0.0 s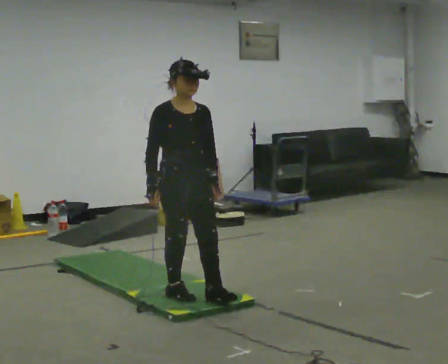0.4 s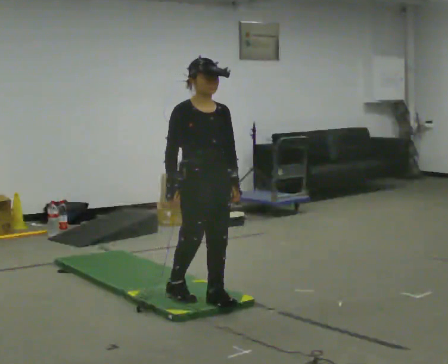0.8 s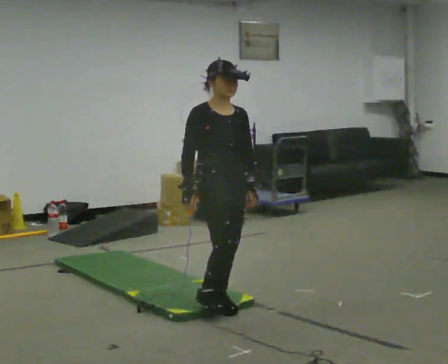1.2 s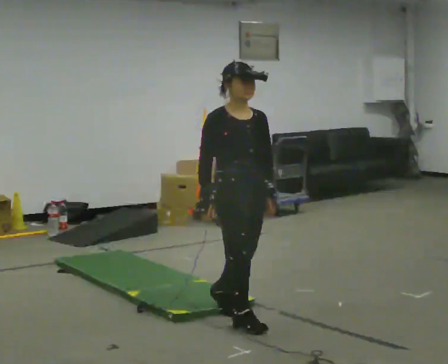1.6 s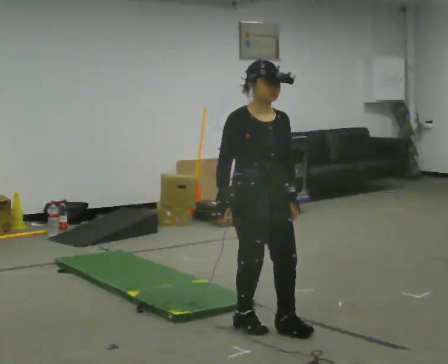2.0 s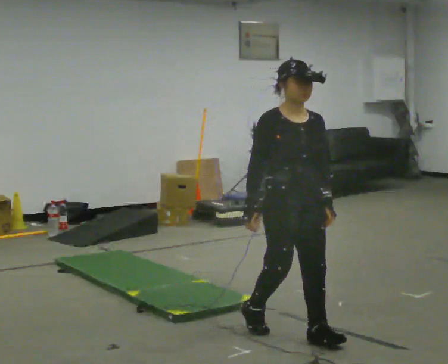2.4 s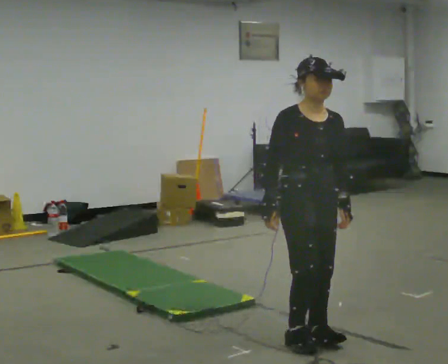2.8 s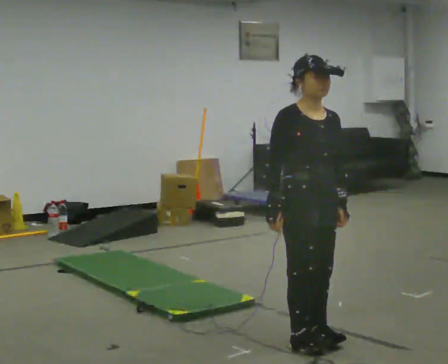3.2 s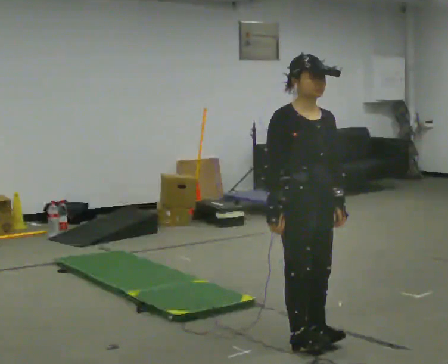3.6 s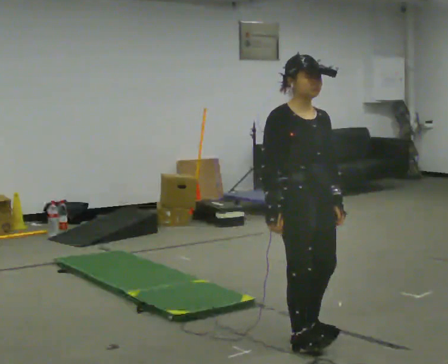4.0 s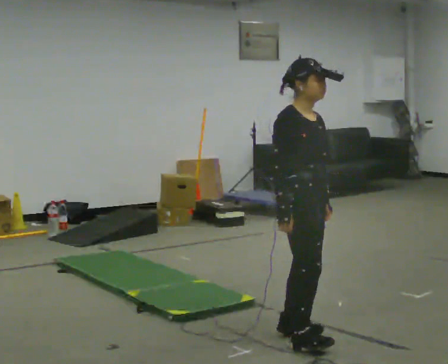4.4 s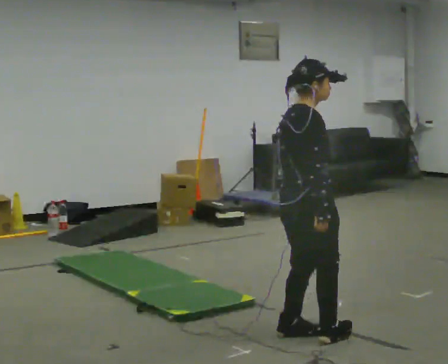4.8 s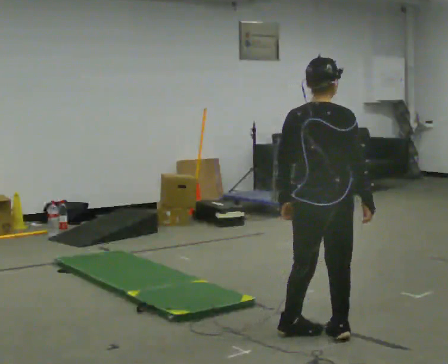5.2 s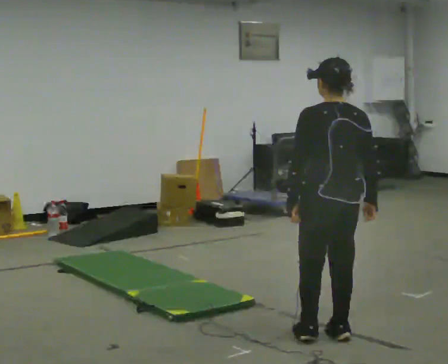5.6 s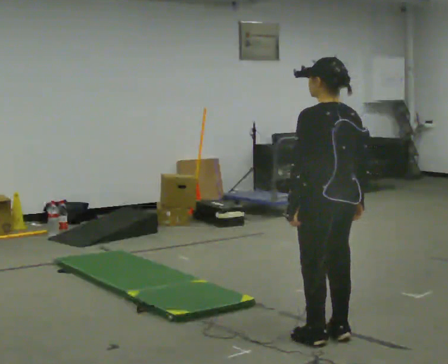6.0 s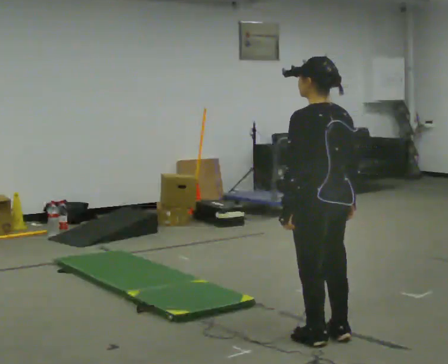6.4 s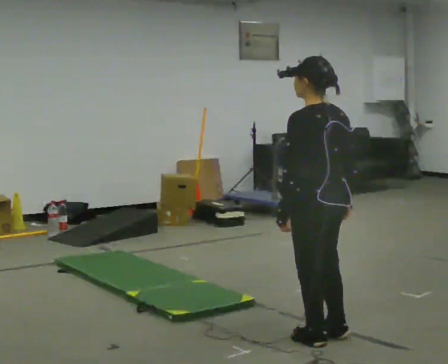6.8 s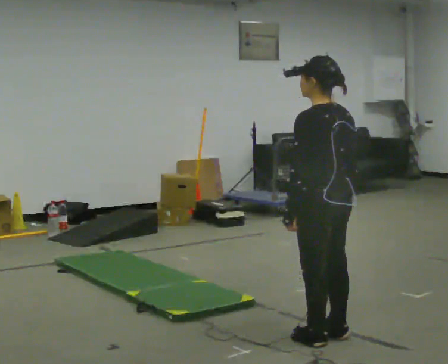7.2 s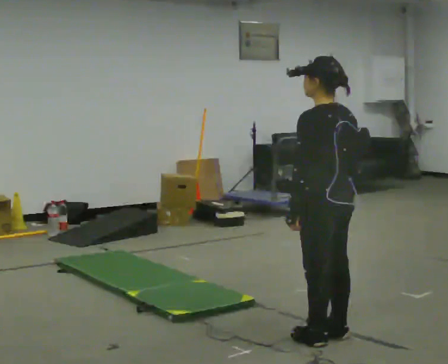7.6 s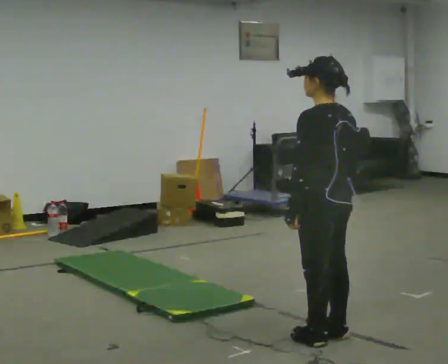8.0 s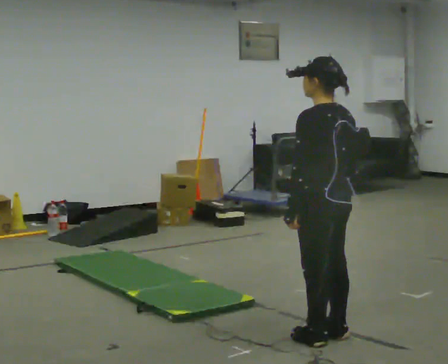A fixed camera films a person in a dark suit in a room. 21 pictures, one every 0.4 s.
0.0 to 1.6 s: In the picture they go toward the camera and to the right, about 0.75 m in 1 step, which for them is forward.
1.6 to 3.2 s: In the picture they go toward the camera and to the right, about 0.25 m in 2 steps, which for them is forward.
3.2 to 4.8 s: Seen from above the body turns counterclockwise, about 120 degrees: to their left, with its near side sliding to the right. In the picture they go away from the camera, about 0.25 m in 1 step. In the picture their right hand goes to the right, the arm swinging counterclockwise.
4.8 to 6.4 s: The part of the body nearest the lens slides to the right as the person turns to their left by about 60 degrees.
6.4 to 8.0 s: The person moves a little, or ends about where they began.
The film runs forward here.
